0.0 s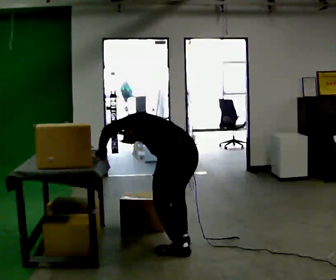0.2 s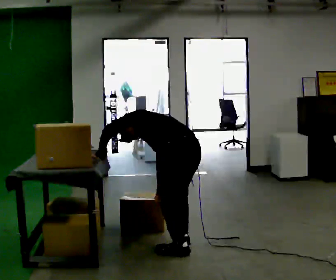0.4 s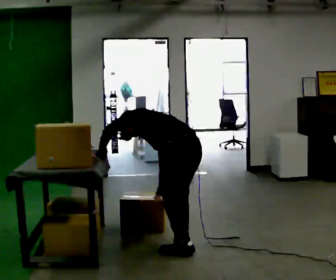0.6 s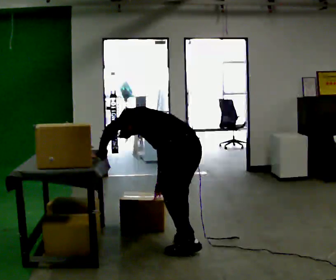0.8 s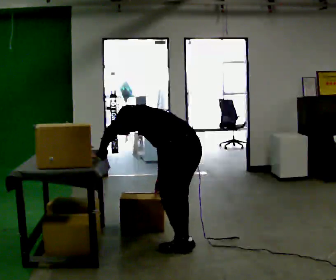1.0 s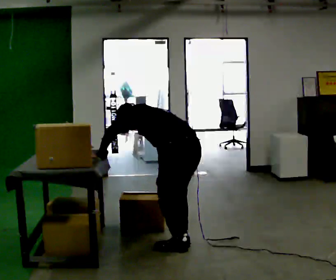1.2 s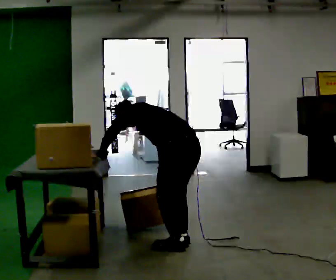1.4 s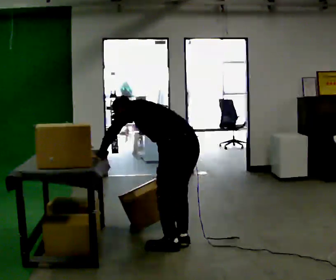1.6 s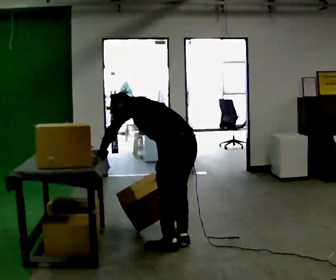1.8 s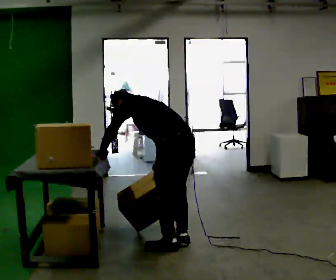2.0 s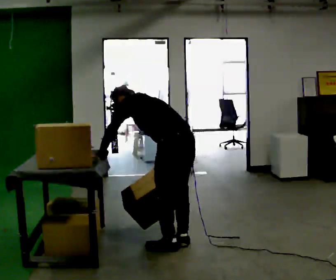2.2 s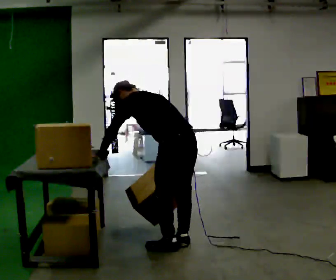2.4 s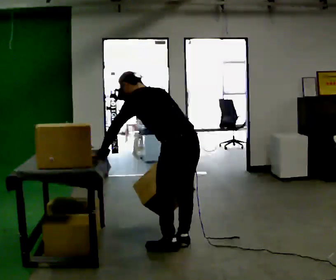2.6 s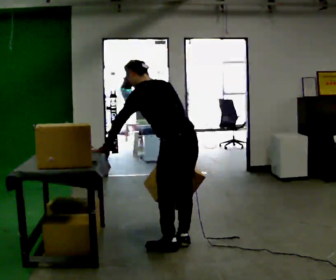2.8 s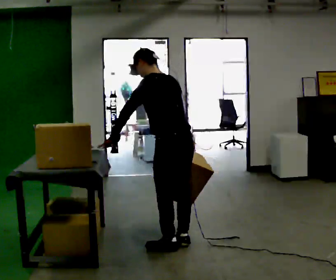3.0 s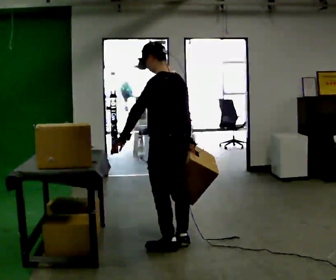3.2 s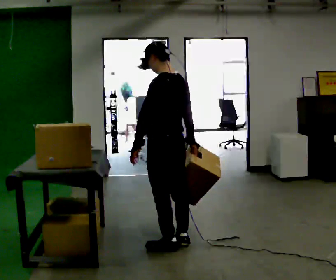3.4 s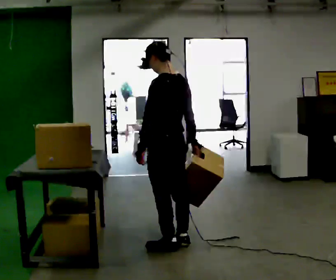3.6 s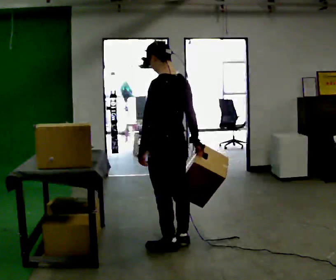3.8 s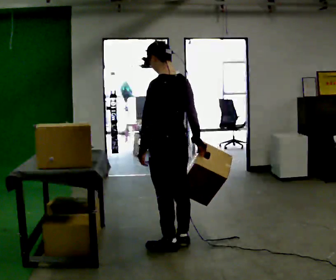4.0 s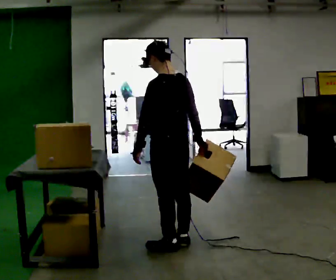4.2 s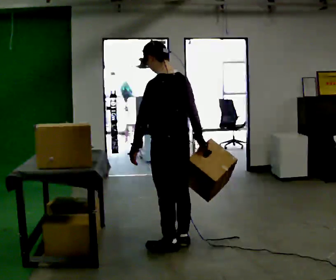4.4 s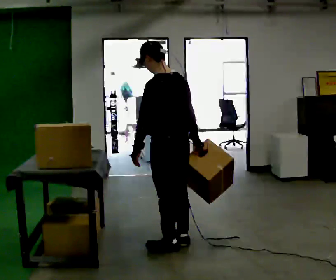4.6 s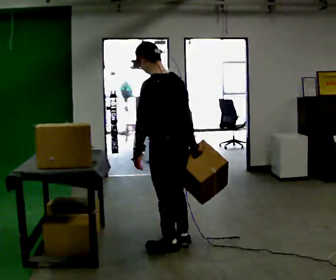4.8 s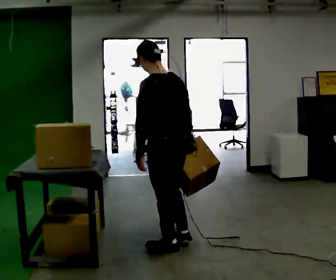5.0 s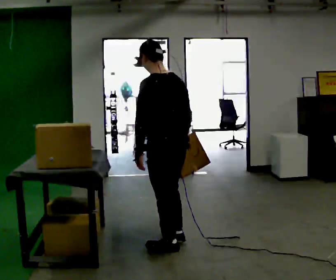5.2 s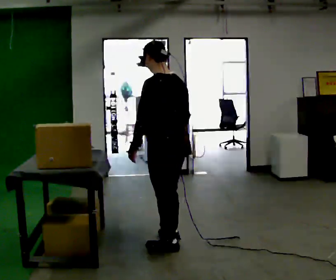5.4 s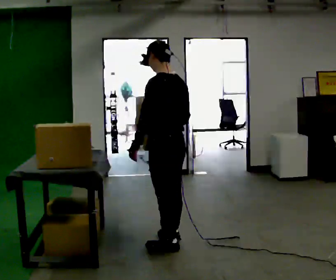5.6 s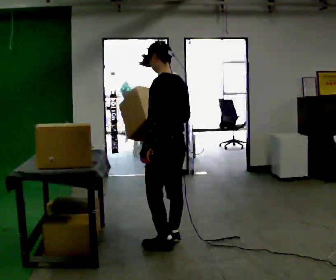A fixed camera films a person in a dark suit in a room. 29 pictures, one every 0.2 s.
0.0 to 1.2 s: The person moves a little, or ends about where they began.
1.2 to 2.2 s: The upper body tips toward the camera, its near side rolling downward, as they lean back or straighten.
2.2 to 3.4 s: The shoulders move upward. In the picture the upper body tilts clockwise, shoulders to the right, as they lean back or straighten. In the picture their left hand goes to the right.
3.4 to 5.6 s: The person moves a little, or ends about where they began.
The film runs backward here.
